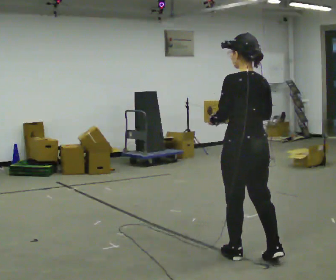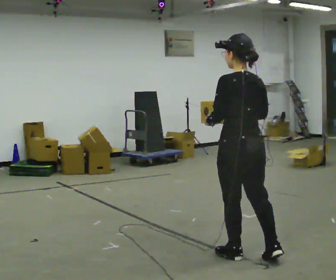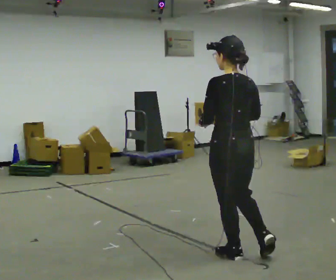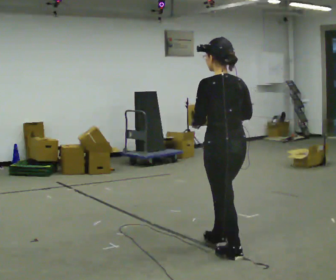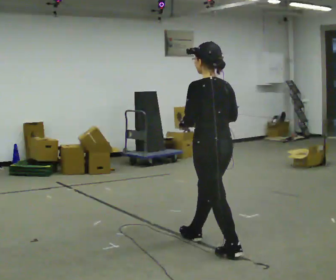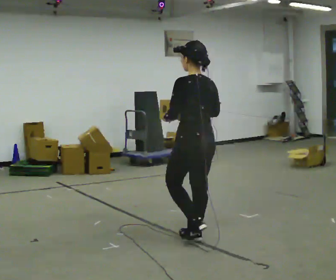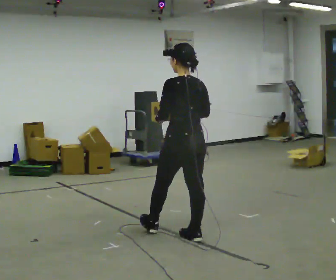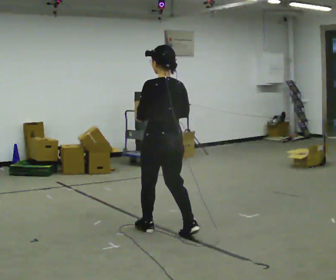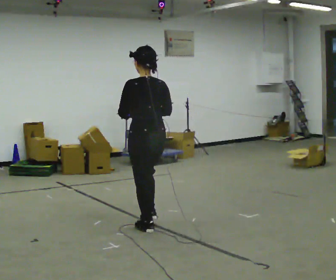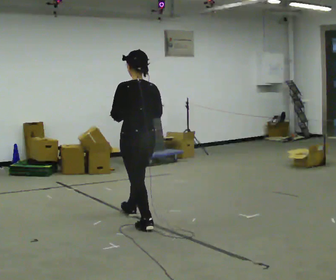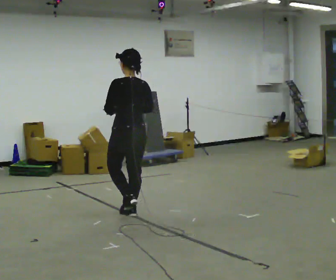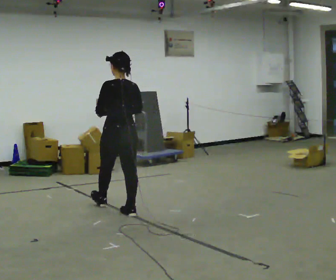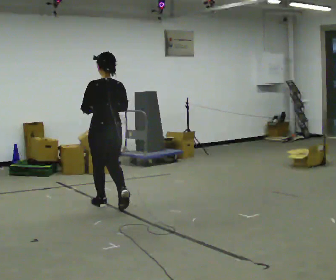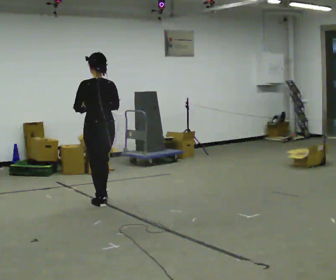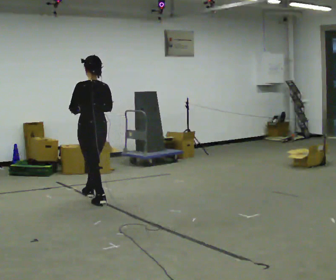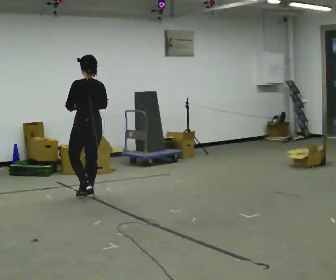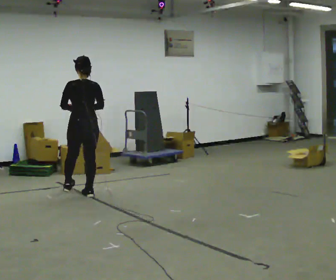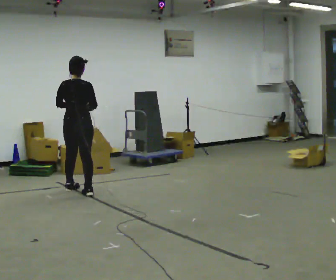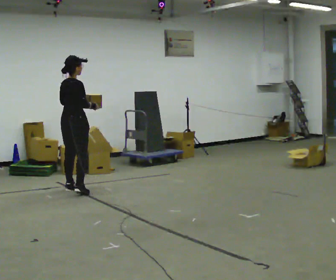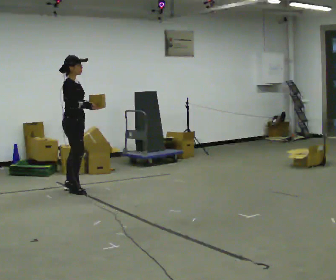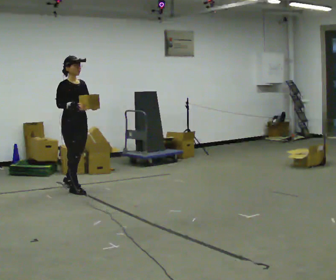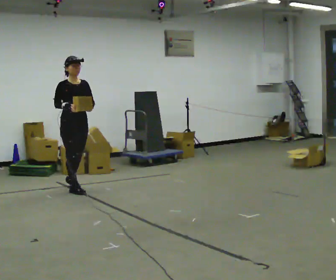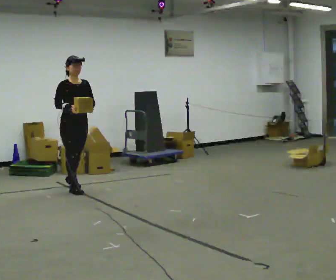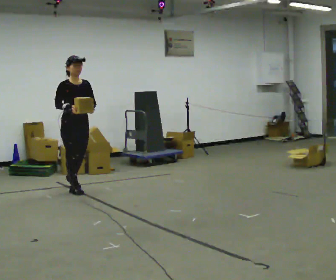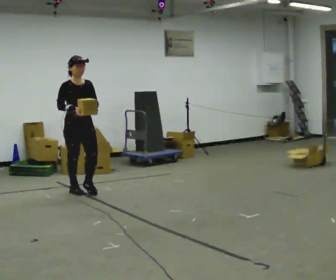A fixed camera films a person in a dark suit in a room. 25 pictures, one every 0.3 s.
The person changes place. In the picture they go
away from the camera.
0.0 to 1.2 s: In the picture they go away from the camera and to the left, about 0.5 m in 1 step, which for them is forward.
1.2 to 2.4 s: In the picture they go away from the camera and to the left, about 0.5 m in 1 step, which for them is forward.
2.4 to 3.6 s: In the picture they go away from the camera and to the left, about 1 m in 2 steps, which for them is forward.
3.6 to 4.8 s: In the picture they go away from the camera and to the left, about 0.75 m in 2 steps, which for them is forward.
4.8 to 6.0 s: The part of the body nearest the lens slides to the left as the person turns to their right by about 150 degrees. In the picture they go away from the camera, about 0.25 m in 1 step.
6.0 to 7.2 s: In the picture they go toward the camera, about 0.25 m in 1 step, which for them is forward.
The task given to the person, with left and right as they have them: Carry the light box in both hands in front of you, walking back and forth across the room. Keep walking until the operator says stop.
The film runs forward here.
